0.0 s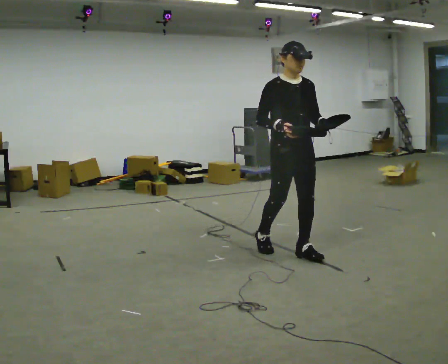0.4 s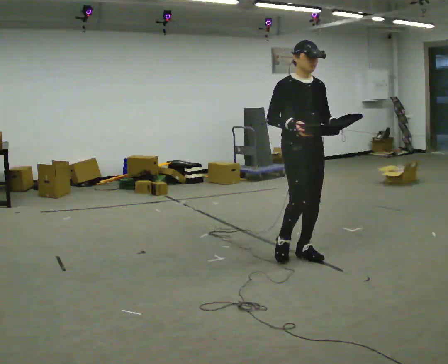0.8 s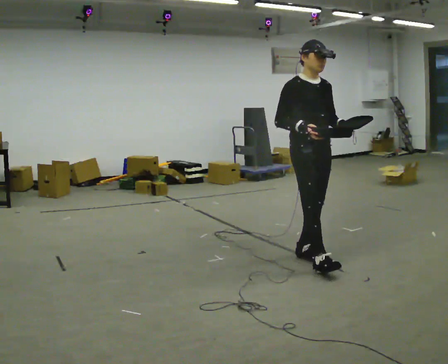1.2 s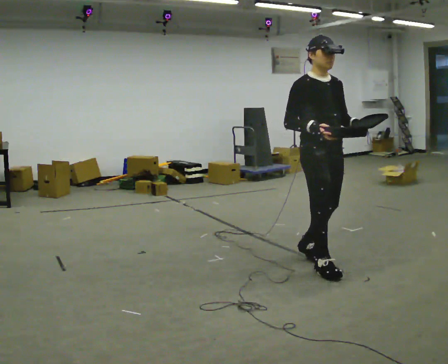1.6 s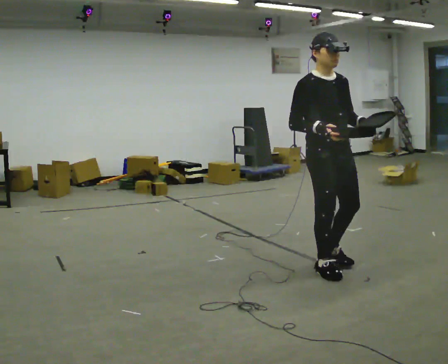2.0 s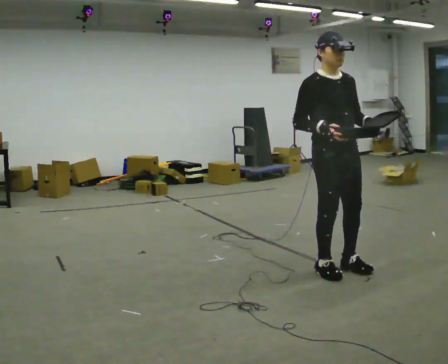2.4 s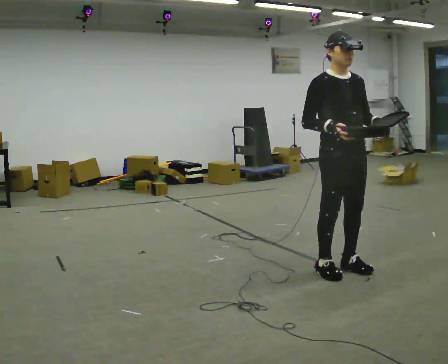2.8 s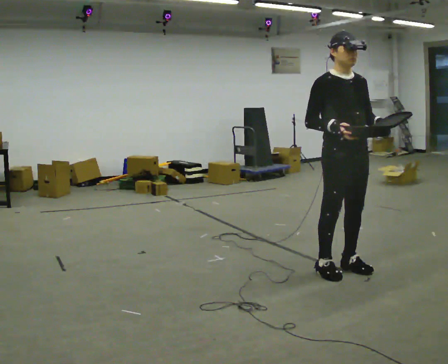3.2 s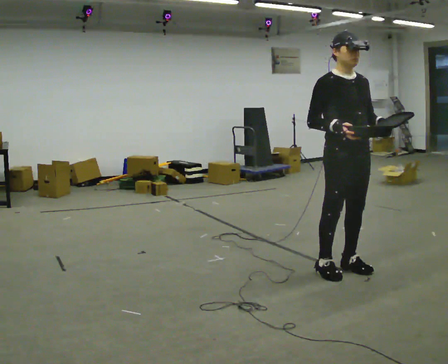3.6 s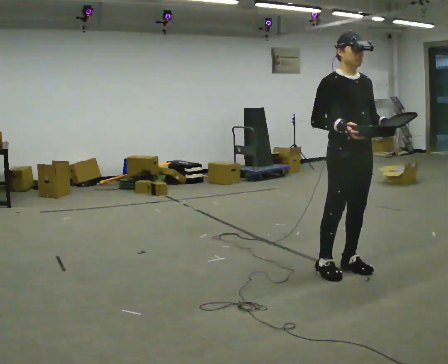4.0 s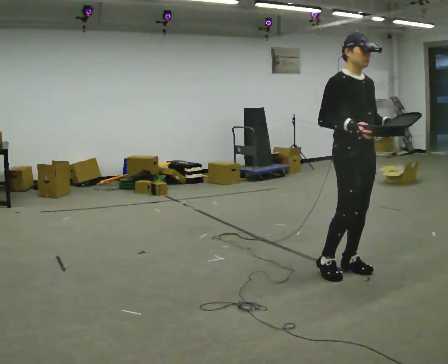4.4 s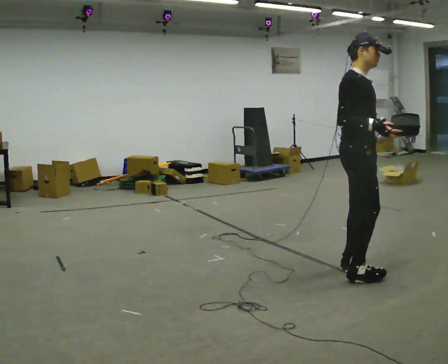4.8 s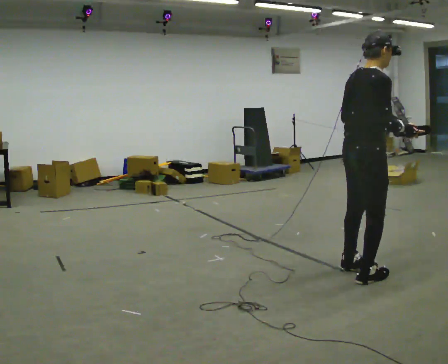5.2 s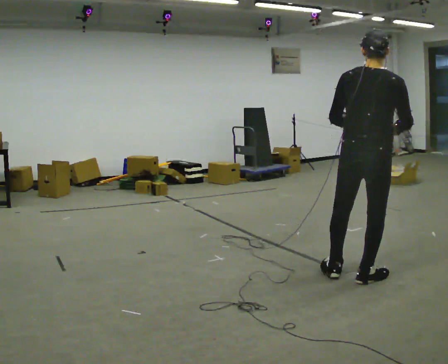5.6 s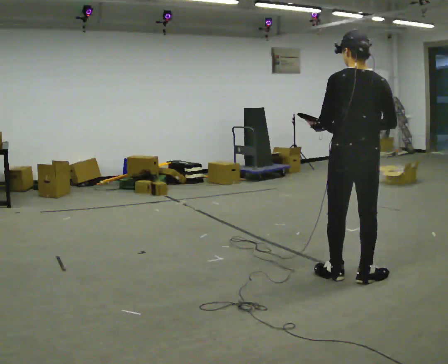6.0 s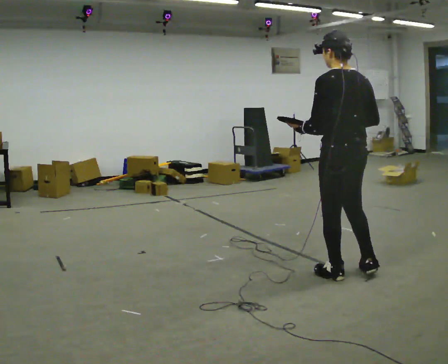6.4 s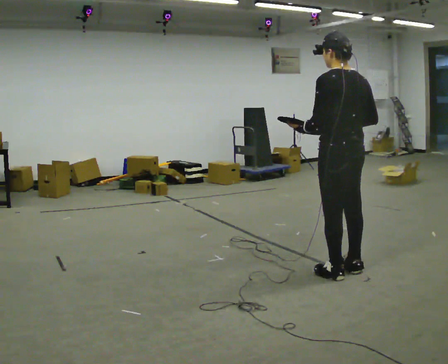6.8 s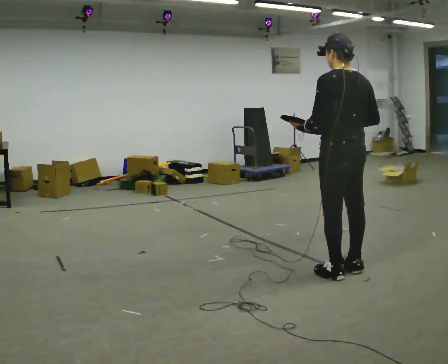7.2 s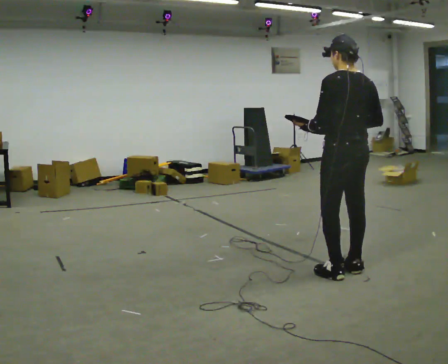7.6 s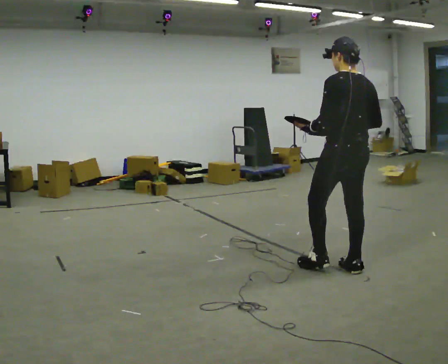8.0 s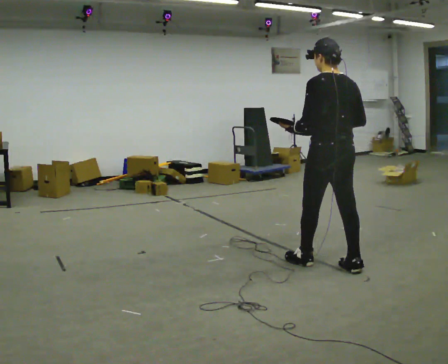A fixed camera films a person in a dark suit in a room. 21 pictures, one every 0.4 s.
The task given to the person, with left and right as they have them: Carry the object across the room. The lid hangs loose and will swing, so carry it however works. Keep going until the operator says stop; one object at a time, and do not rush between trips.
0.0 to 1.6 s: In the picture they go toward the camera and to the right, about 0.5 m in 1 step, which for them is forward.
1.6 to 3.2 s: The person moves a little, or ends about where they began.
3.2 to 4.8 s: The person turns about 75 degrees to their left, counterclockwise seen from above, so the part of the body nearest the lens slides to the right.
4.8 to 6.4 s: The person turns about 105 degrees to their left, counterclockwise seen from above, so the part of the body nearest the lens slides to the right. In the picture their left hand goes to the left.
6.4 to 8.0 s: In the picture they go away from the camera, about 0.25 m in 1 step, which for them is forward.
The film runs forward here.
